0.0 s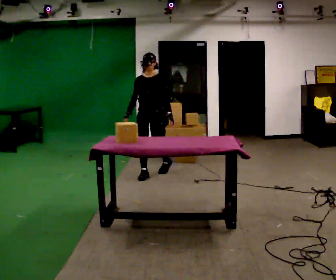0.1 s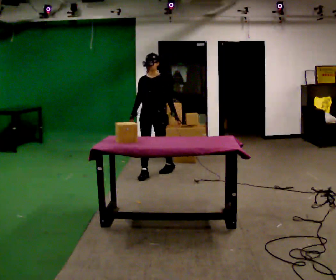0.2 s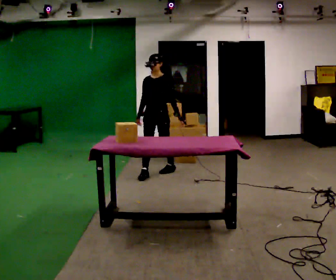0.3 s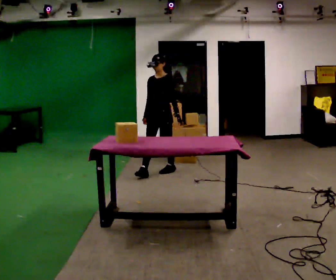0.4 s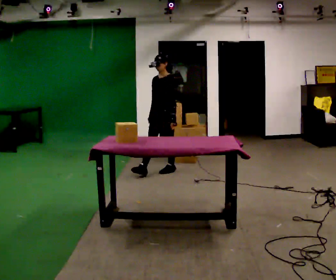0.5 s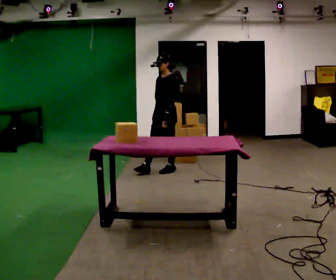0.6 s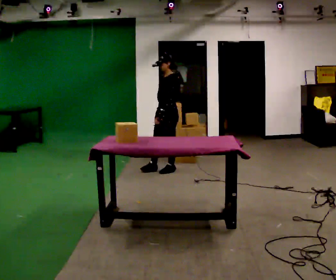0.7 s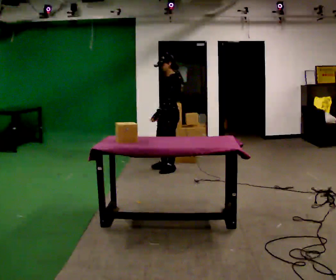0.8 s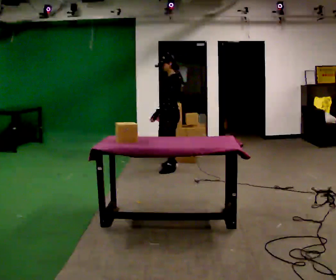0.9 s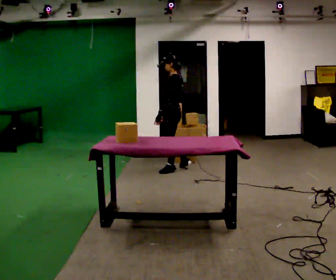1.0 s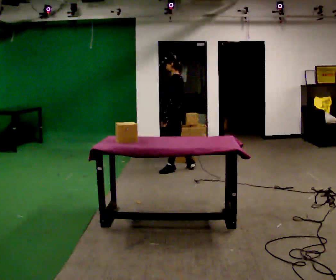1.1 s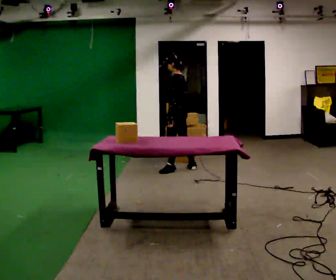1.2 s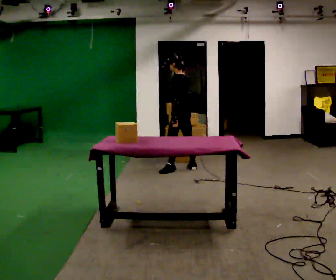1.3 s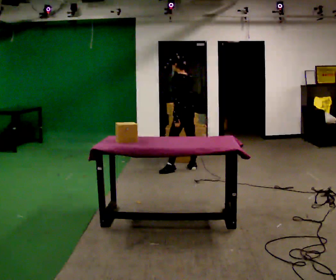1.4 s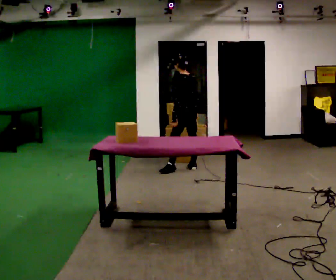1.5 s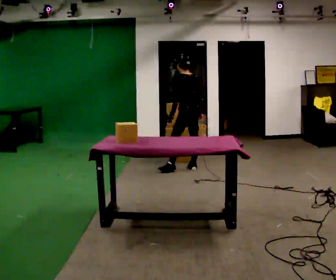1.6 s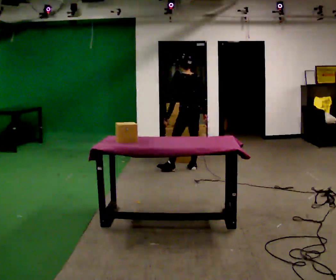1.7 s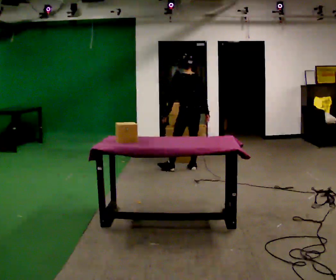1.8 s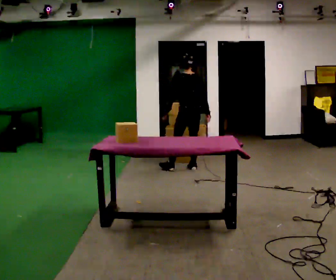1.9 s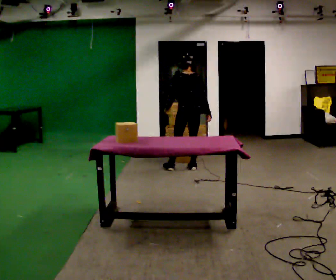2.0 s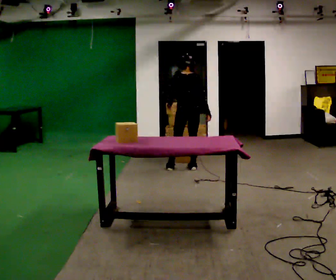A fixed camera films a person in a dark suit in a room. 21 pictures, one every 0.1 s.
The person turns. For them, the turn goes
to their right.
The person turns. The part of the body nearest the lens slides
to the left.
0.0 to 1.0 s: The part of the body nearest the lens slides to the left as the person turns to their right by about 90 degrees. In the picture they go to the right and away from the camera, about 0.5 m in 1 step.
1.0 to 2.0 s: The person turns about 75 degrees to their right, clockwise seen from above, so the part of the body nearest the lens slides to the left. In the picture they go to the right, about 0.25 m.
The film runs backward here.
